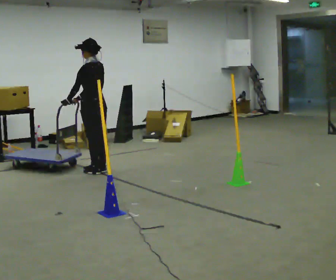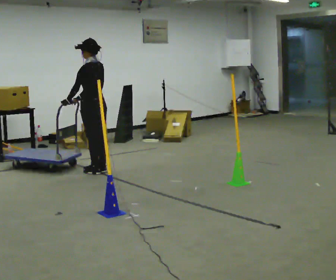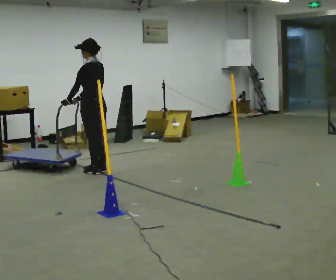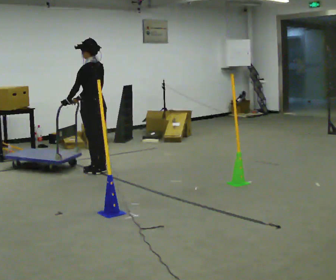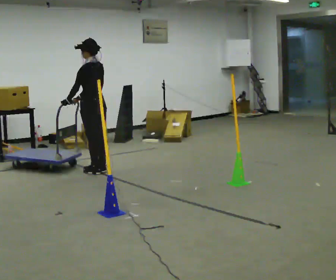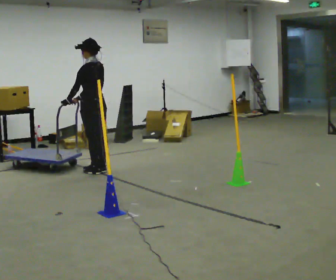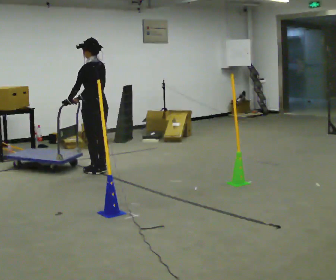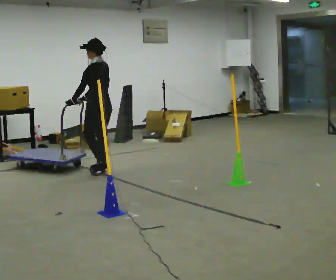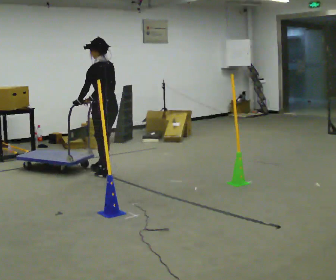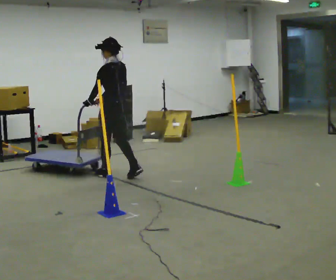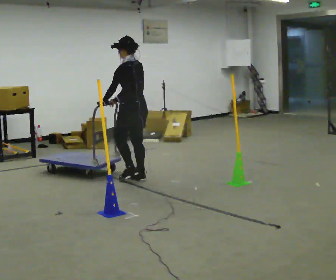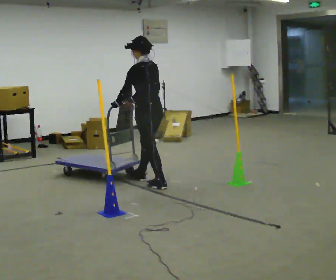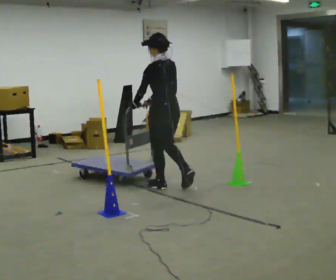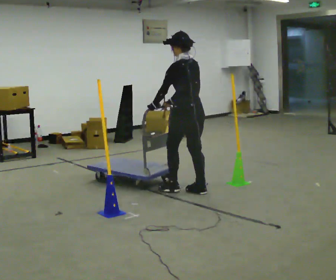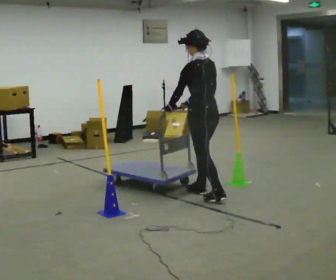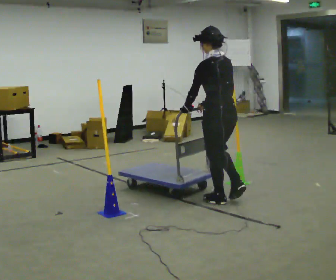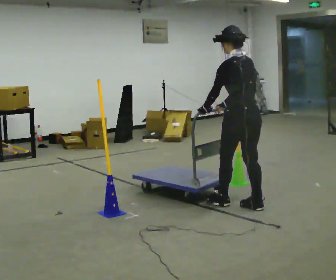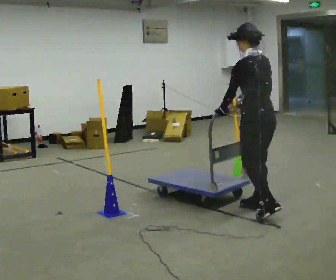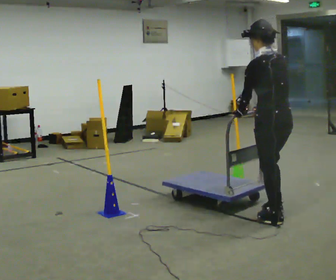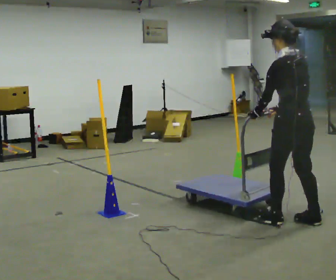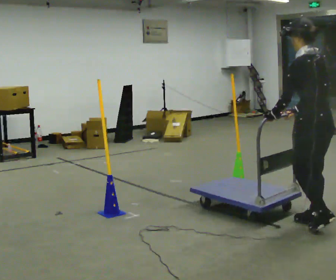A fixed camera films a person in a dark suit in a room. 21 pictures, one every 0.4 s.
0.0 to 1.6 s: The person keeps their place and pose.
1.6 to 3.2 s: In the picture they go toward the camera, about 0.25 m in 1 step, which for them is backward.
3.2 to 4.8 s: In the picture they go to the right and toward the camera, about 1 m in 3 steps, which for them is backward.
4.8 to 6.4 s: In the picture they go toward the camera and to the right, about 1 m in 3 steps, which for them is backward.
6.4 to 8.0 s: In the picture they go toward the camera and to the right, about 1 m in 2 steps, which for them is backward.
The film runs backward here.
